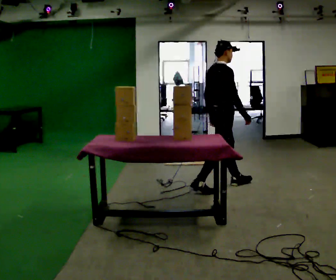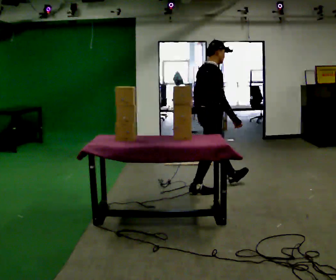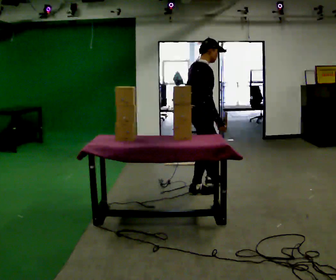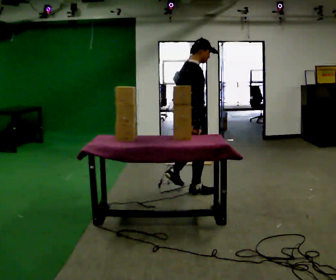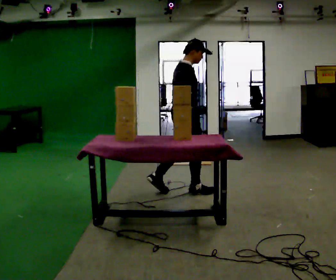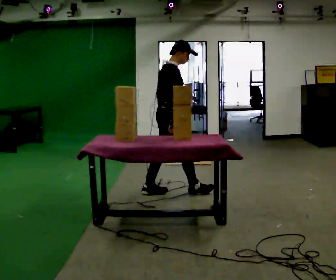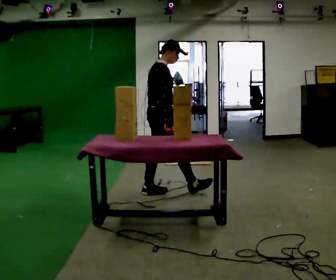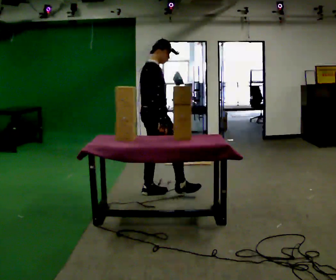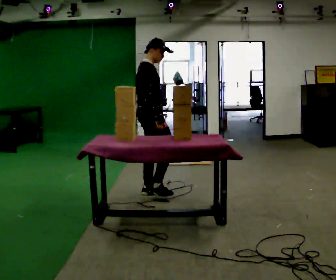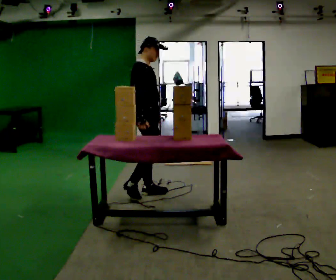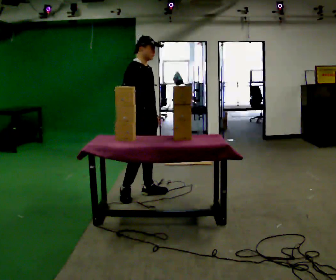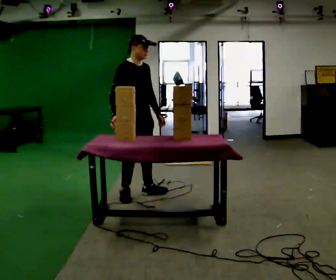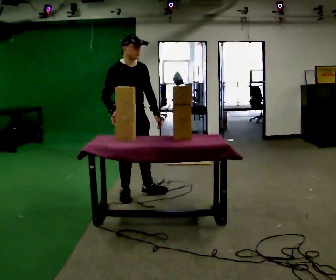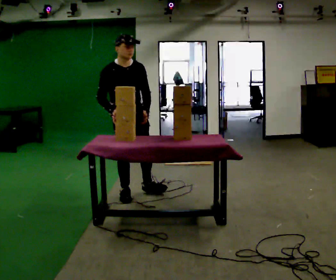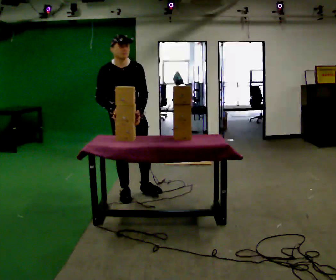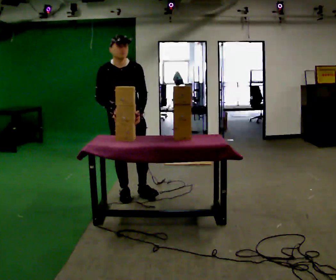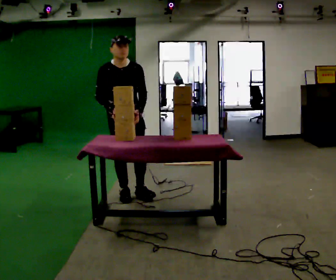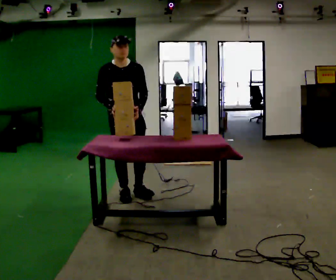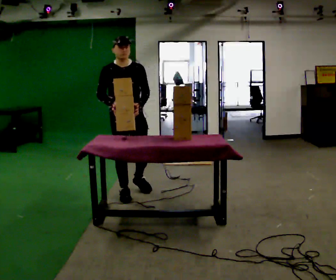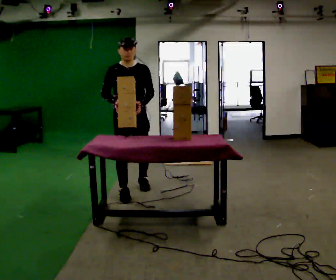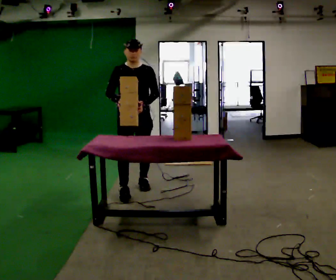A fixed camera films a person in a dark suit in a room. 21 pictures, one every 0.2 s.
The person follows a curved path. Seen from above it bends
clockwise.
The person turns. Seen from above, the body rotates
clockwise.
0.0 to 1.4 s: In the picture they go to the left, about 1 m in 2 steps, which for them is backward.
1.4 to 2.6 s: Seen from above the body turns clockwise, about 60 degrees: to their right, with its near side sliding to the left. In the picture they go to the left, about 0.25 m.
2.6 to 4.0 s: The part of the body nearest the lens slides to the left as the person turns to their right by about 30 degrees. In the picture they go away from the camera, about 0.25 m in 1 step, which for them is backward and to their left.
The film runs backward here.
